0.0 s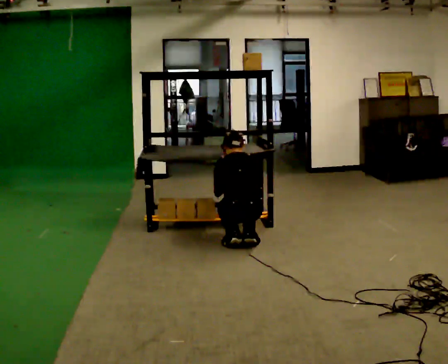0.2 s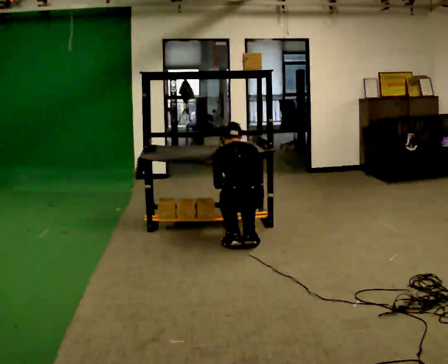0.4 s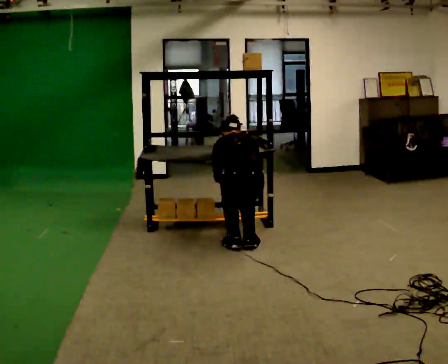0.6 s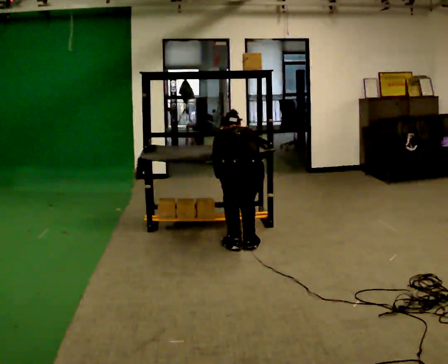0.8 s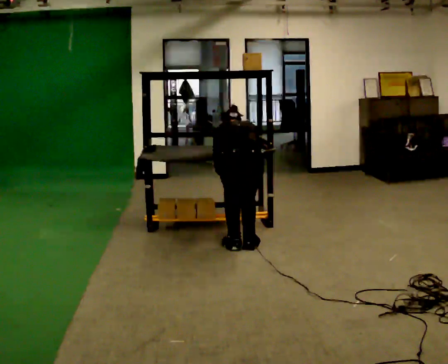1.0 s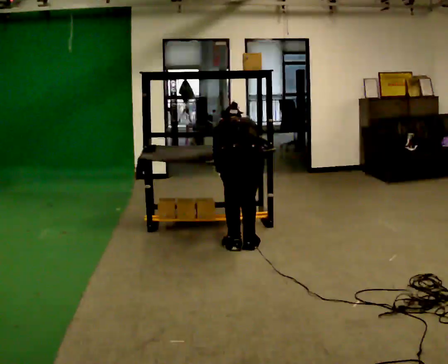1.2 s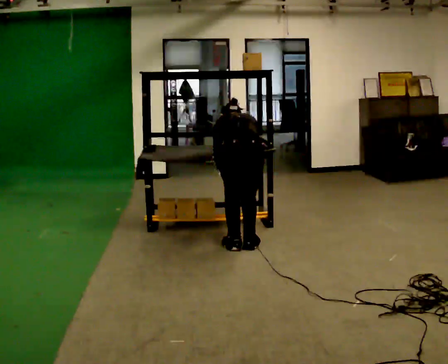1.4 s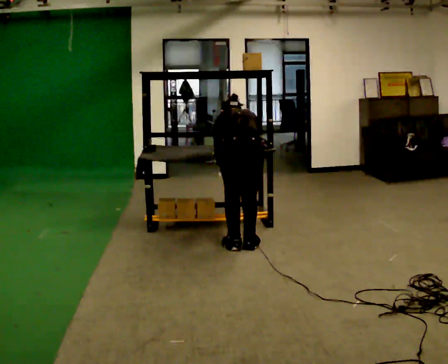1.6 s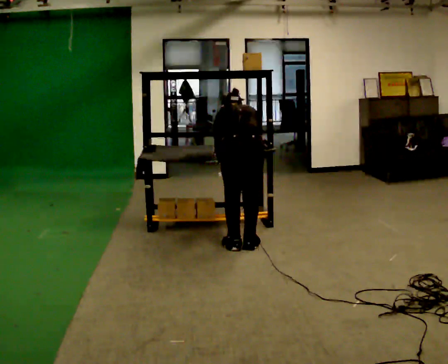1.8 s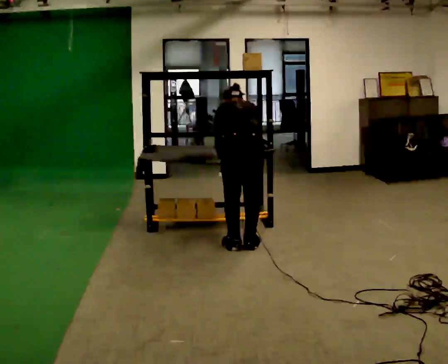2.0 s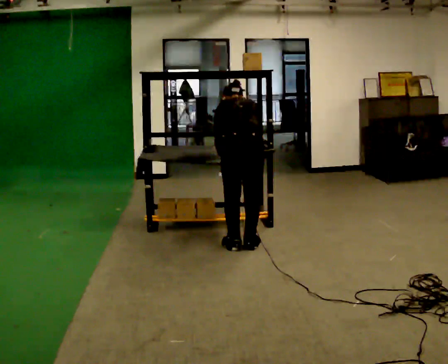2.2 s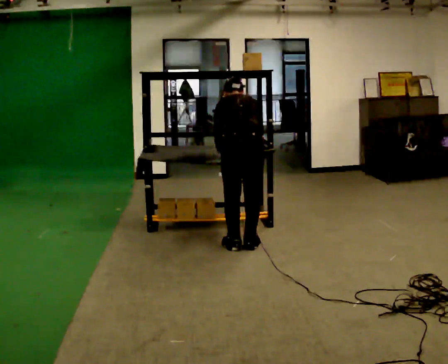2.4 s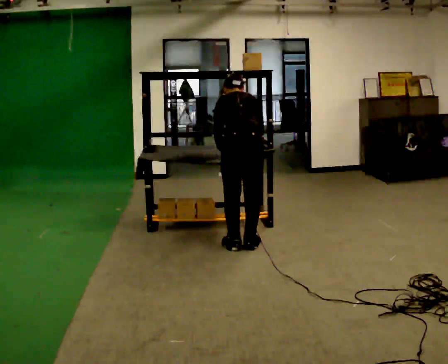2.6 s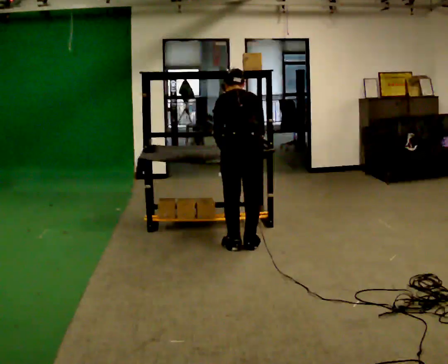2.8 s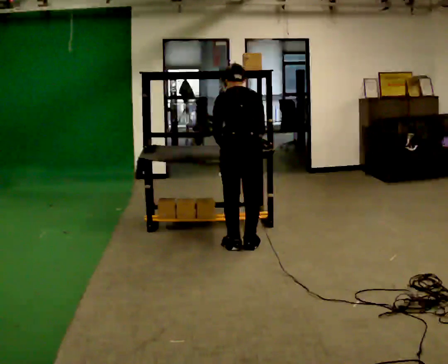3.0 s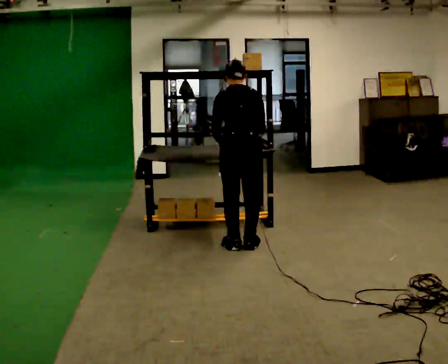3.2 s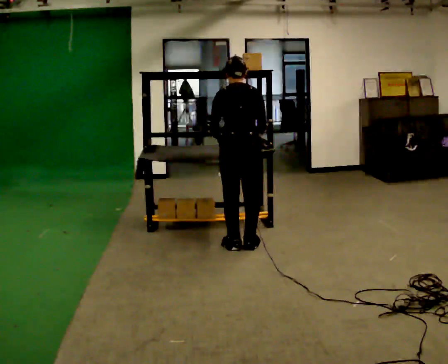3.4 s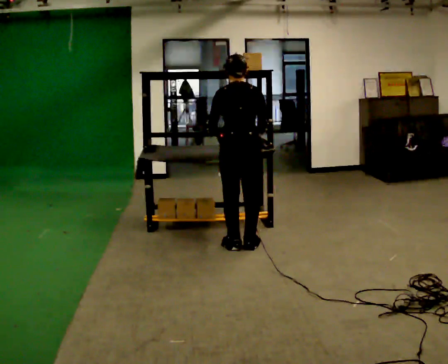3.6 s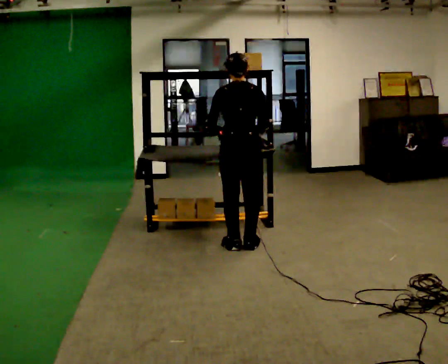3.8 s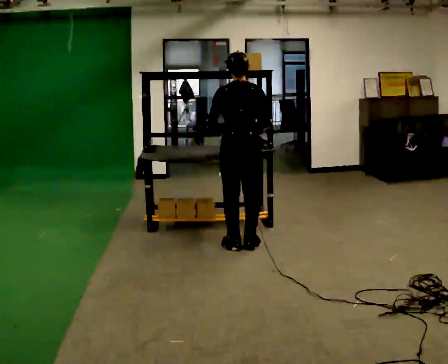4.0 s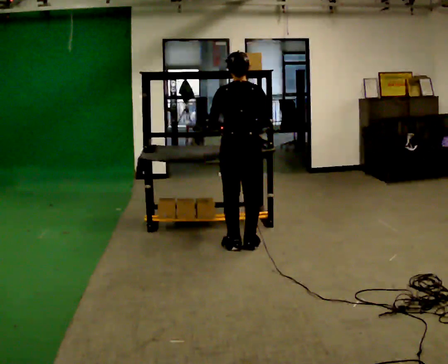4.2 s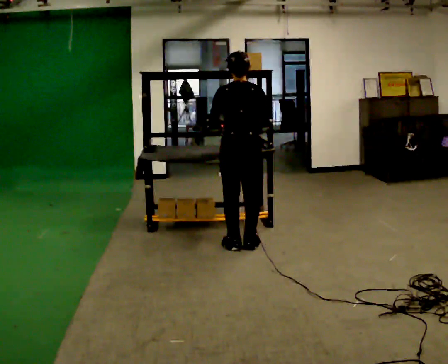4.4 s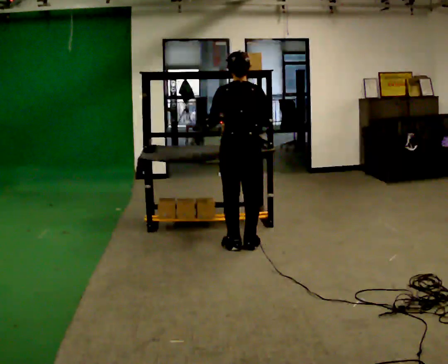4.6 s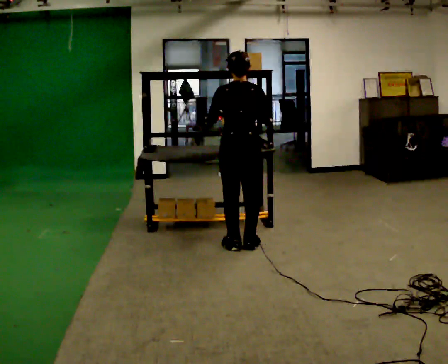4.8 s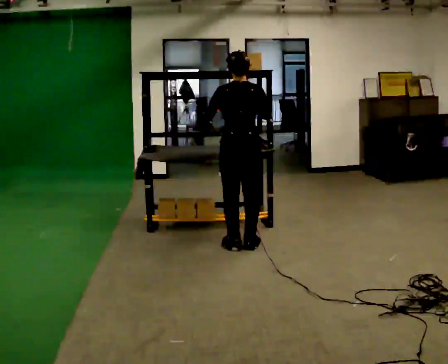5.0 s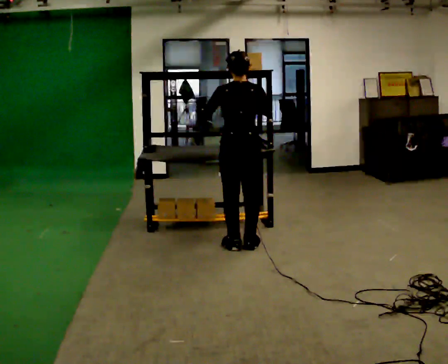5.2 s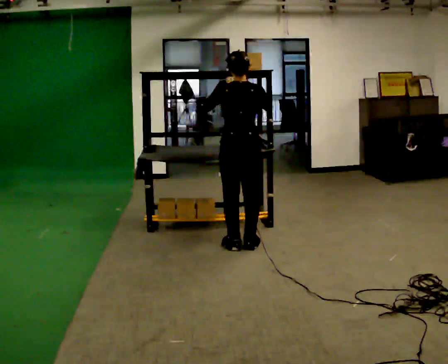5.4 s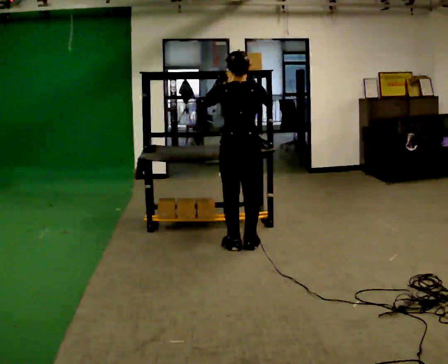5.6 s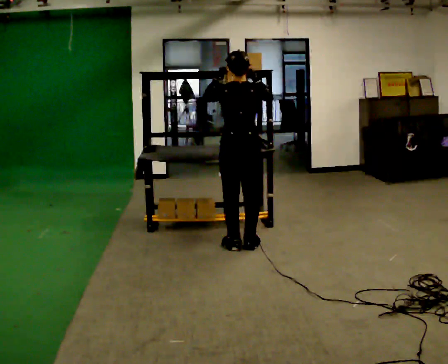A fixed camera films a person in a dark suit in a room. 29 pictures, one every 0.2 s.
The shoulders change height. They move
upward.
Their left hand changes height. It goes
upward.
0.0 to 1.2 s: The shoulders move upward. The upper body tips away from the camera, its near side rolling upward, as they bend forward.
1.2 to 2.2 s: The shoulders move upward. The upper body tips toward the camera, its near side rolling downward, as they lean back or straighten.
2.2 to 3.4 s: The upper body tips toward the camera, its near side rolling downward, as they lean back or straighten.
3.4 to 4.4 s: The person moves a little, or ends about where they began.
4.4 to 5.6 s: In the picture their right hand goes upward.
The film runs forward here.
